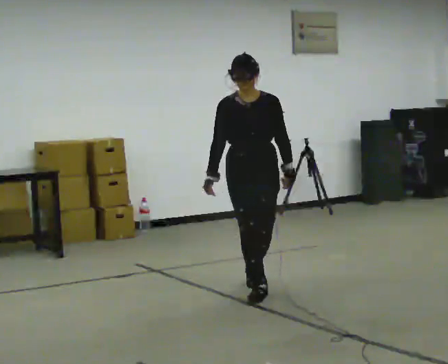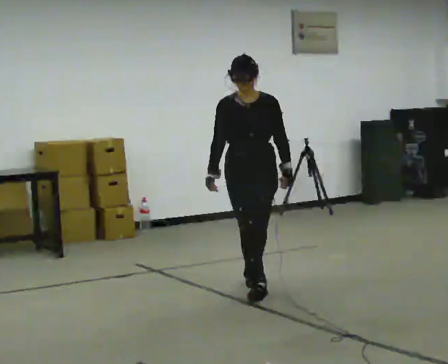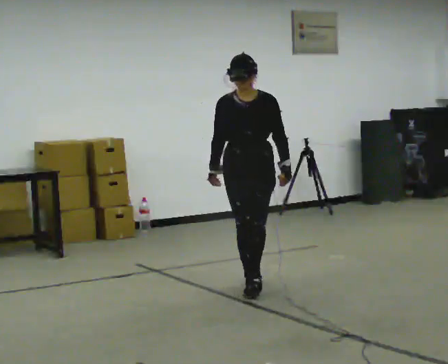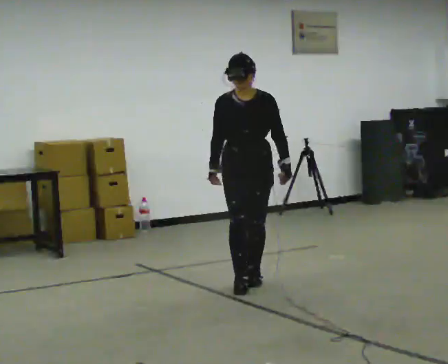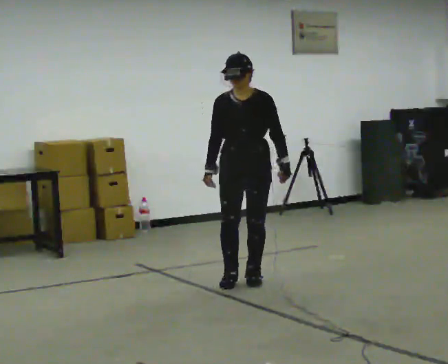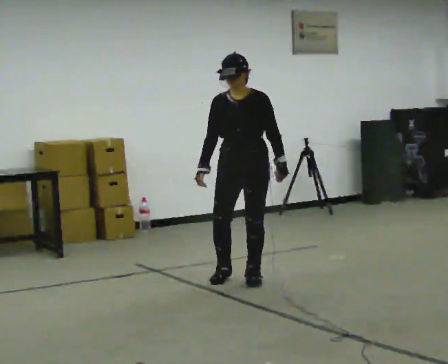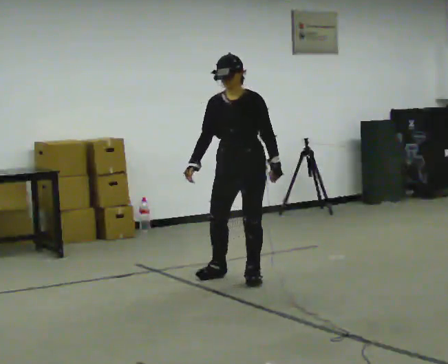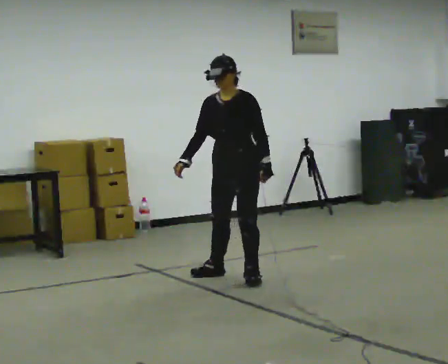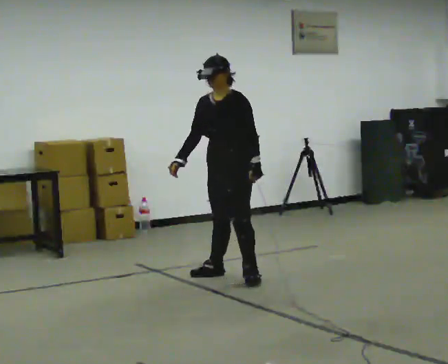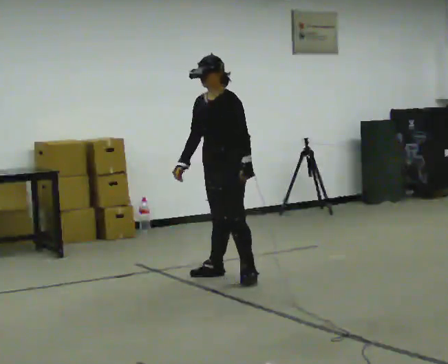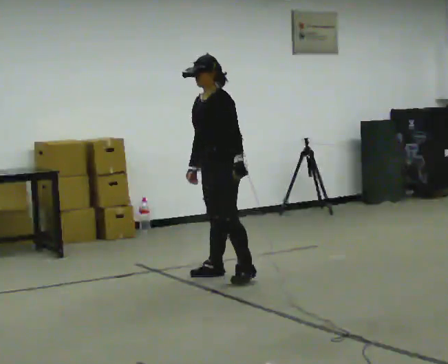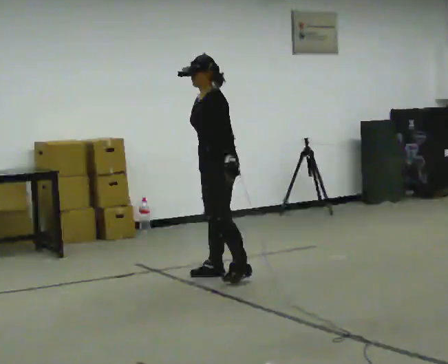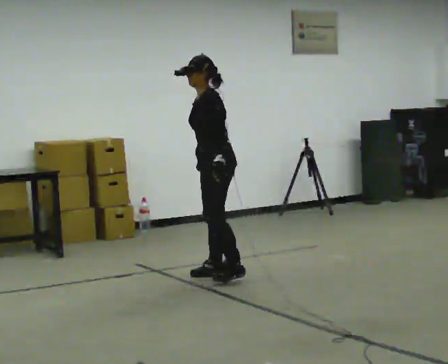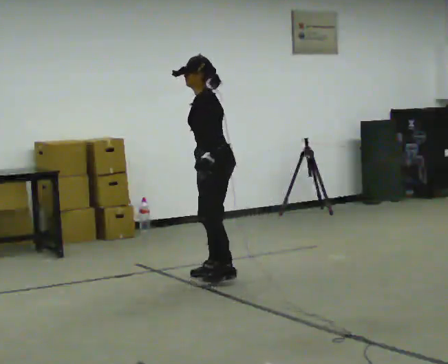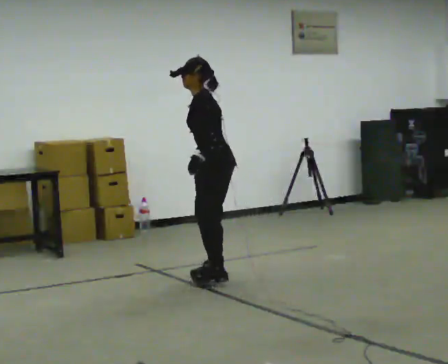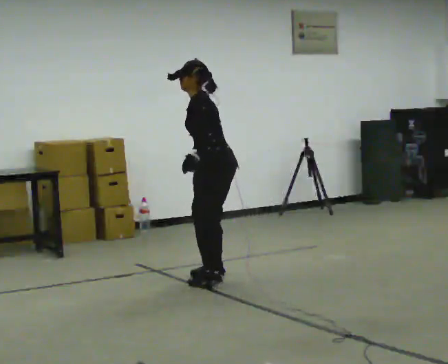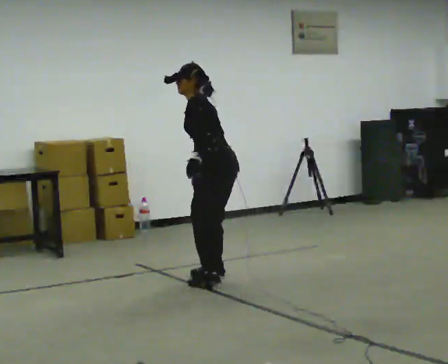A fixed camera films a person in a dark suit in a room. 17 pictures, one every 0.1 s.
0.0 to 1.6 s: The person turns about 105 degrees to their right, clockwise seen from above, so the part of the body nearest the lens slides to the left. In the picture they go away from the camera and to the left, about 0.5 m in 2 steps. In the picture the upper body tilts counterclockwise, shoulders to the left, as they bend forward.
The film runs backward here.
